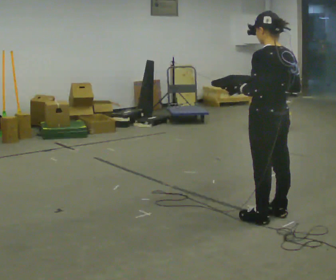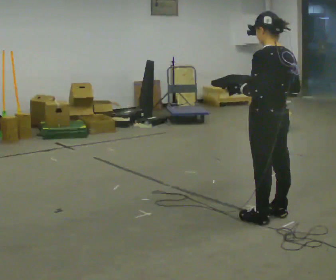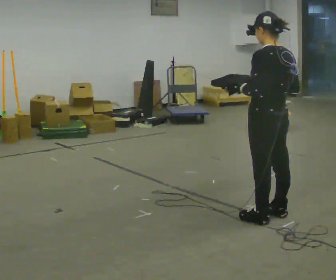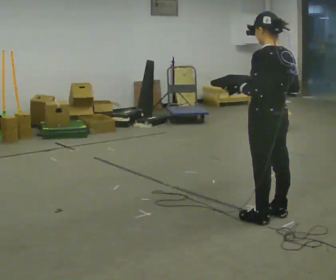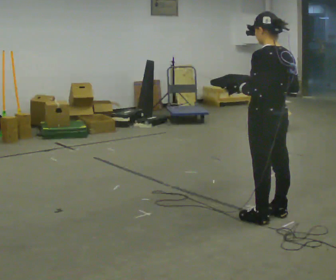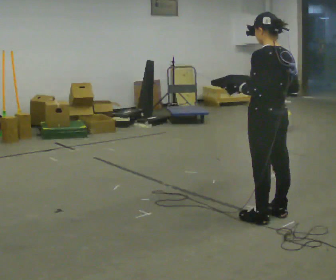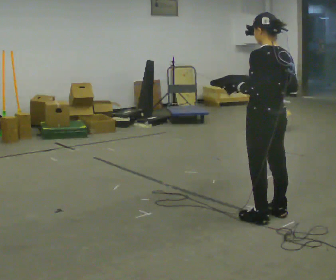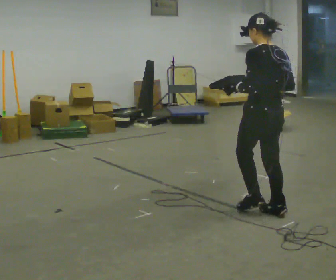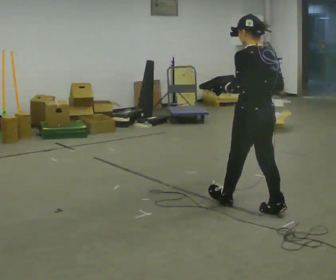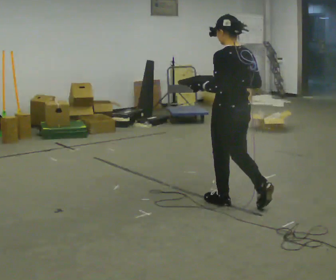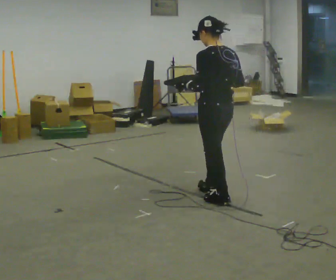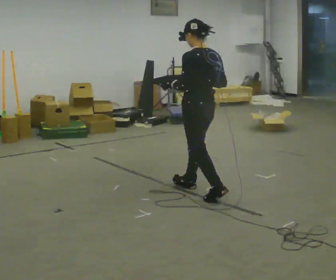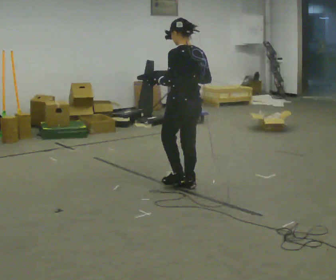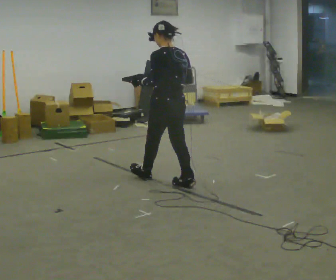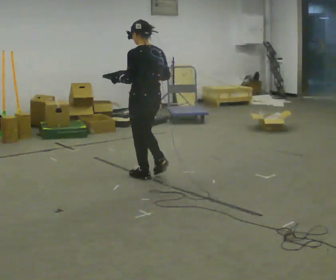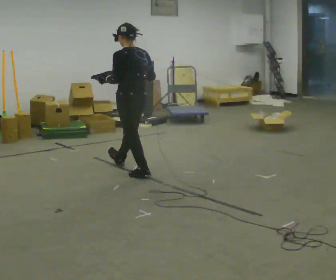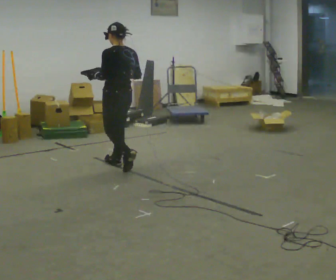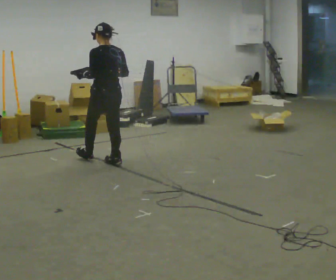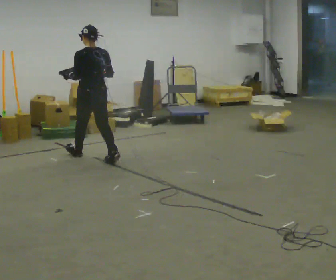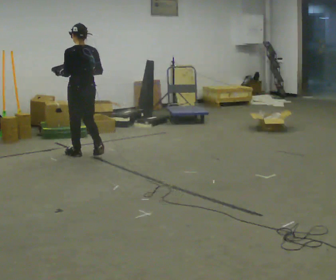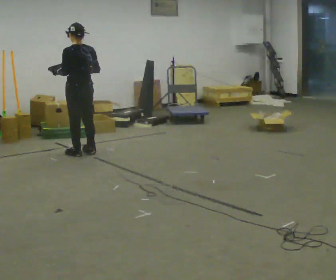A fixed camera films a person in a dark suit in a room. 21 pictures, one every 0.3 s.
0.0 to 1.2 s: The person moves a little, or ends about where they began.
1.2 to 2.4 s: In the picture they go away from the camera, about 0.25 m in 1 step, which for them is forward.
2.4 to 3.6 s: In the picture they go away from the camera and to the left, about 1 m in 1 step, which for them is forward.
3.6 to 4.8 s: In the picture they go away from the camera and to the left, about 1 m in 2 steps, which for them is forward.
4.8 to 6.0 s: In the picture they go away from the camera and to the left, about 0.75 m in 2 steps, which for them is forward.
The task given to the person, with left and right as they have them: Carry the box with its lid hanging open across the room, back and forth.
The film runs forward here.
